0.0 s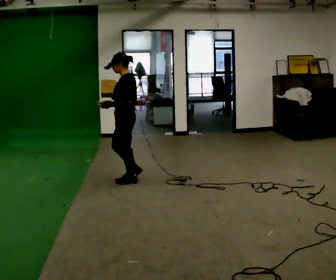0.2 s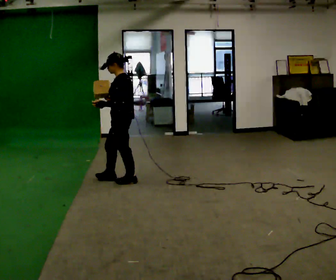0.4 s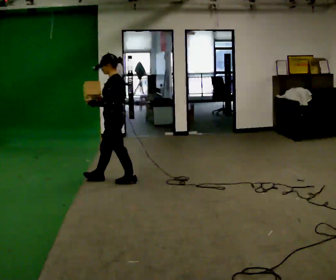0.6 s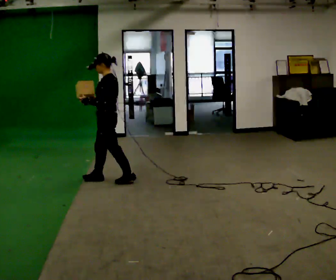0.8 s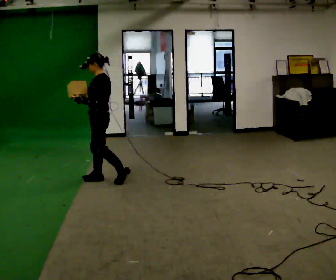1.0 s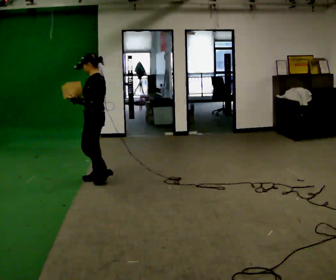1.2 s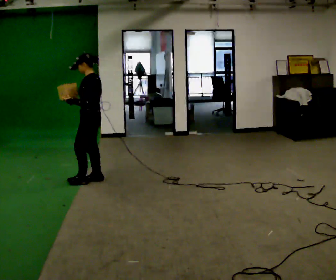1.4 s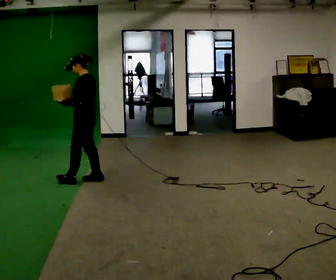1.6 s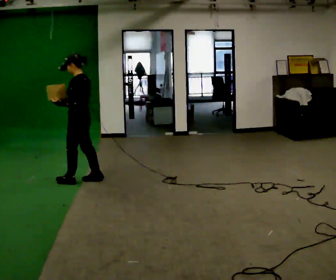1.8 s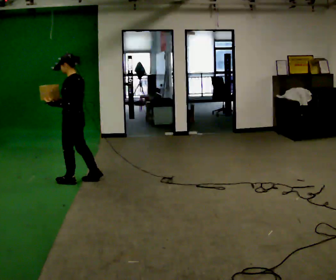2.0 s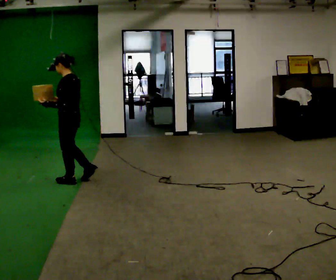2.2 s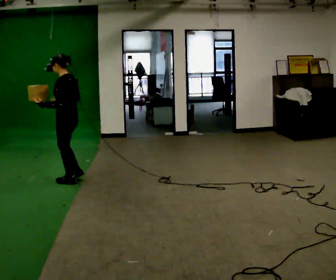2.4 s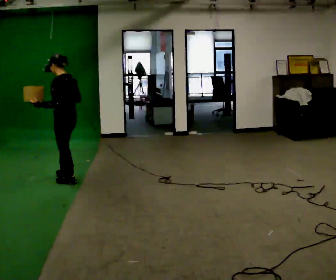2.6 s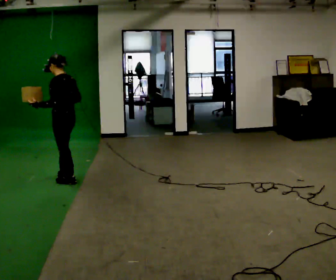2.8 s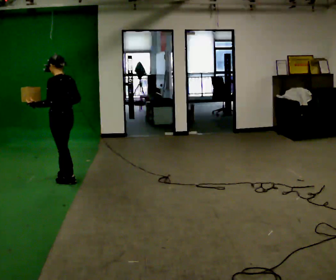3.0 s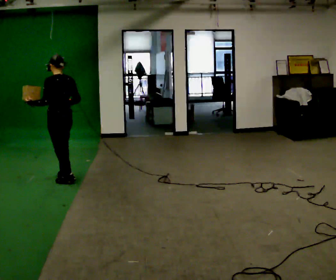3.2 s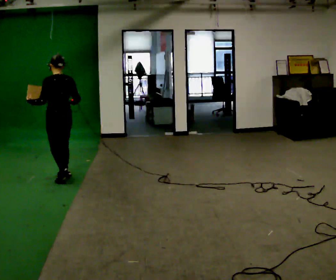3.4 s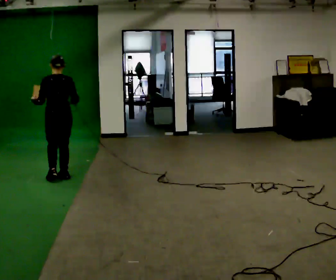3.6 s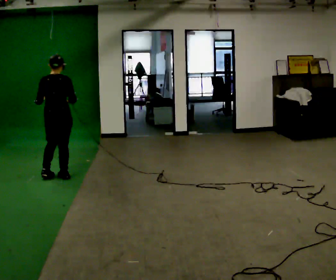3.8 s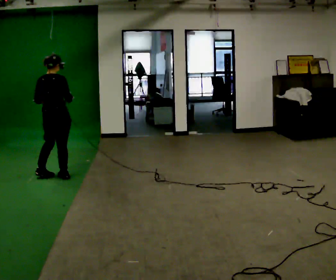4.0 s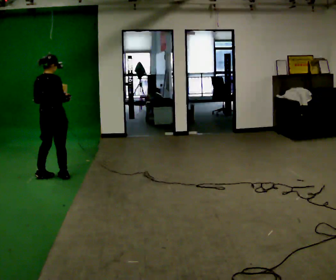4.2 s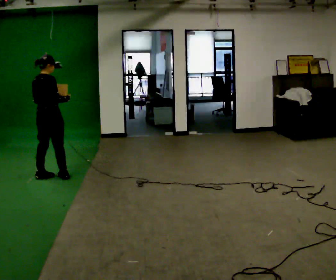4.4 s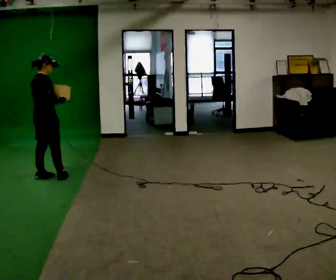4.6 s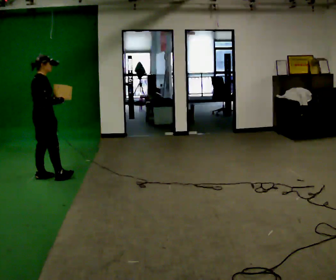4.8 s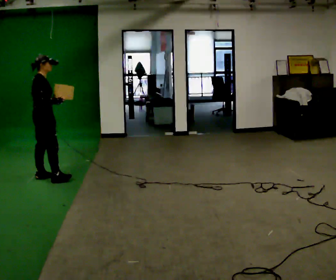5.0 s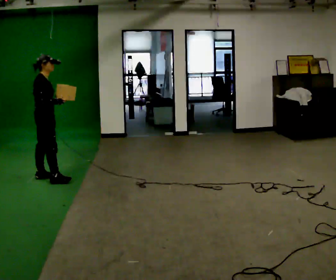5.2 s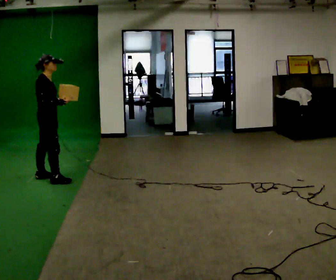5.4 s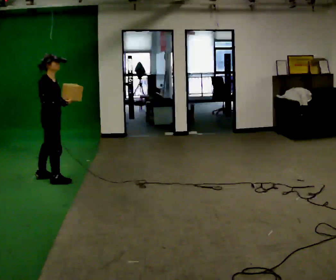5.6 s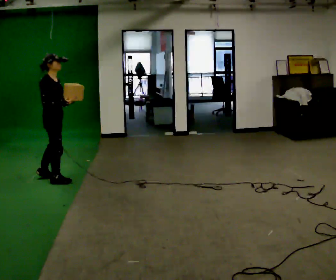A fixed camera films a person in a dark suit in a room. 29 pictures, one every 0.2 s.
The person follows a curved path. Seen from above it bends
counterclockwise.
The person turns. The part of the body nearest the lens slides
to the left.
0.0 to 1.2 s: In the picture they go to the left and away from the camera, about 0.5 m in 1 step, which for them is forward.
1.2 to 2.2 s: In the picture they go to the left, about 0.25 m in 1 step, which for them is forward.
2.2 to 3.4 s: Seen from above the body turns clockwise, about 60 degrees: to their right, with its near side sliding to the left. In the picture they go away from the camera, about 0.25 m in 1 step, which for them is forward.
3.4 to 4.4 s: The part of the body nearest the lens slides to the left as the person turns to their right by about 60 degrees. In the picture they go to the left, about 0.25 m in 1 step.
4.4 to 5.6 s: The person turns about 45 degrees to their right, clockwise seen from above, so the part of the body nearest the lens slides to the left. In the picture they go toward the camera, about 0.25 m, which for them is to their right.
The film runs forward here.
